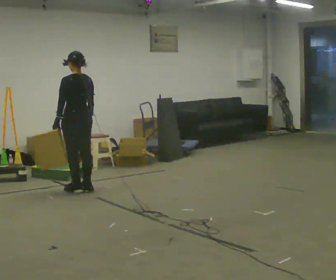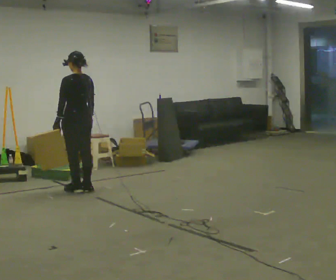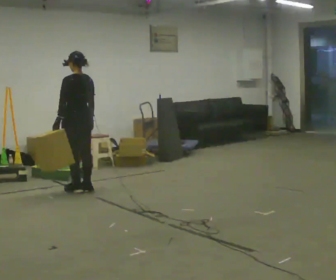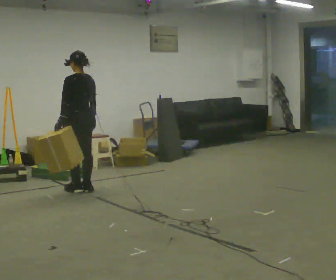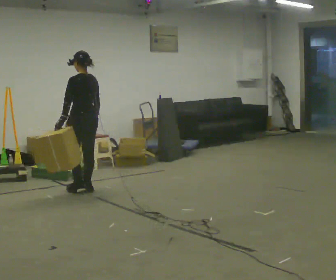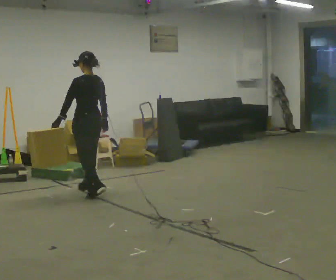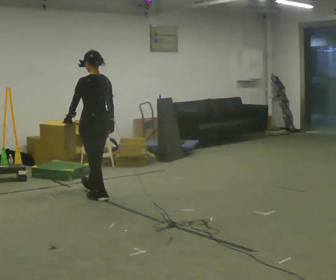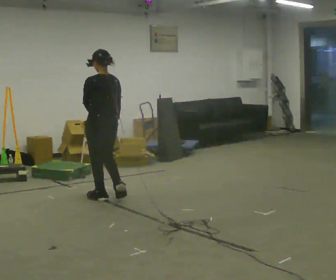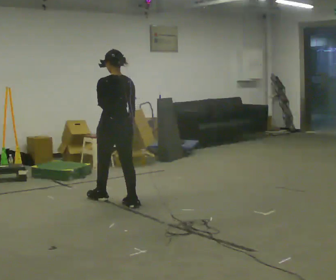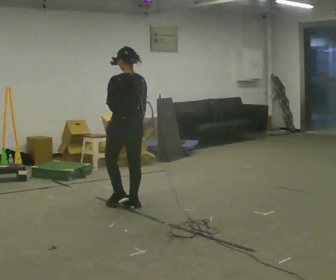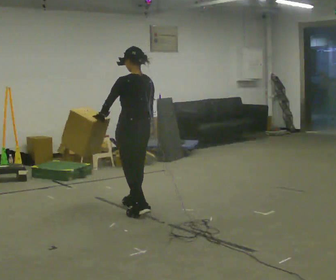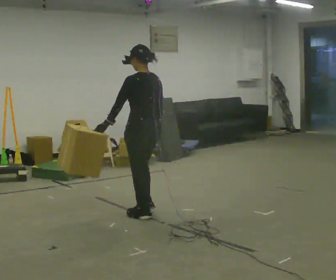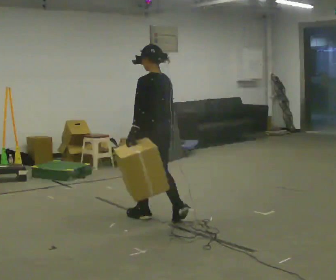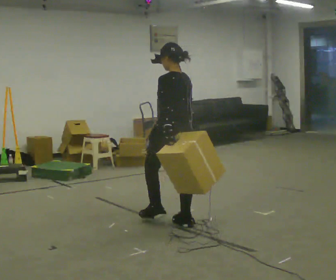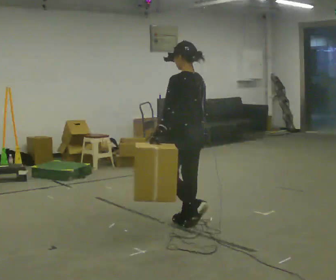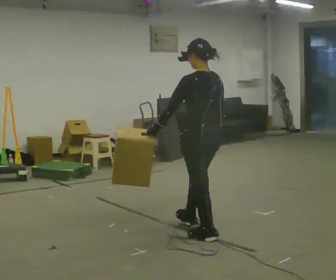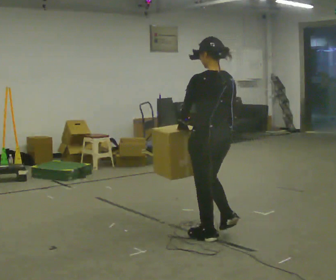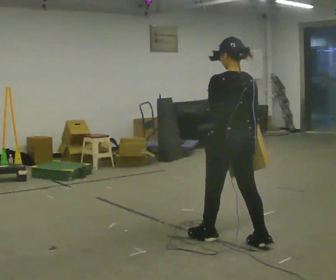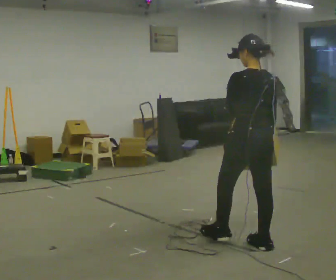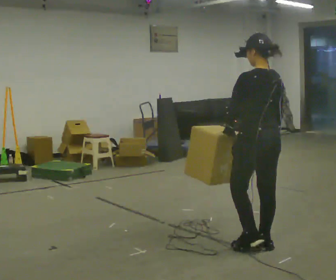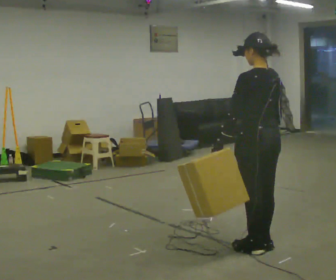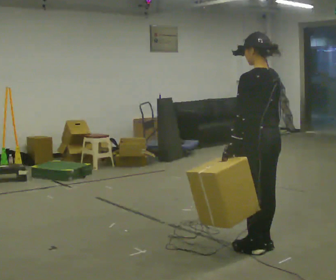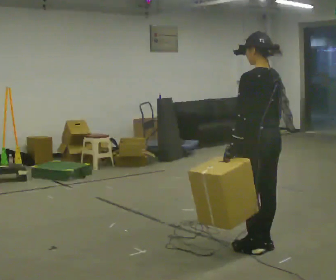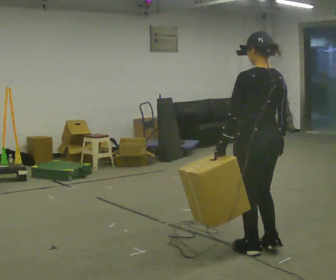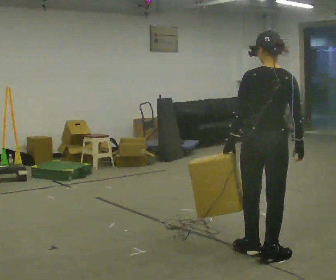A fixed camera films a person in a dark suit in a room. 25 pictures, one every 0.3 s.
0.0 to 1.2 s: The person moves a little, or ends about where they began.
1.2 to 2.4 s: In the picture they go toward the camera and to the right, about 0.75 m in 1 step, which for them is backward.
2.4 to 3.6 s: In the picture they go toward the camera and to the right, about 0.75 m in 2 steps, which for them is backward.
3.6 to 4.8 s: In the picture they go toward the camera and to the right, about 1 m in 2 steps, which for them is backward.
4.8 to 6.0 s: In the picture they go to the right and toward the camera, about 0.5 m in 1 step, which for them is backward and to their right.
6.0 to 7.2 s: The person turns about 45 degrees to their right, clockwise seen from above, so the part of the body nearest the lens slides to the left. In the picture they go toward the camera, about 0.25 m in 1 step, which for them is backward.
The film runs backward here.
